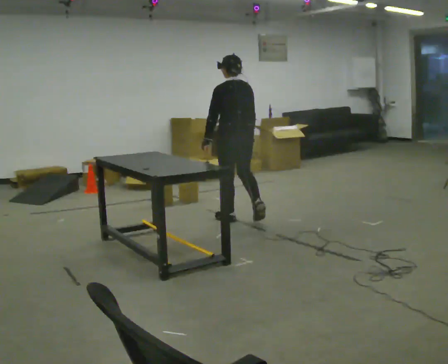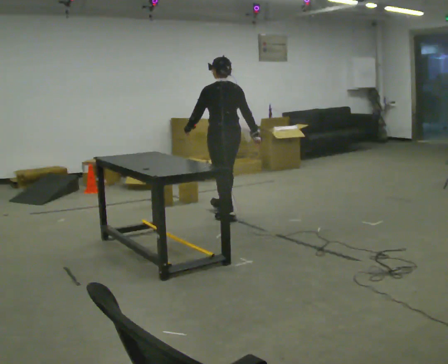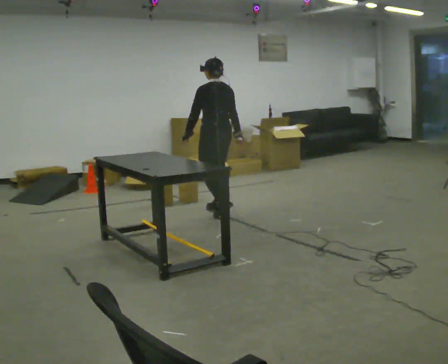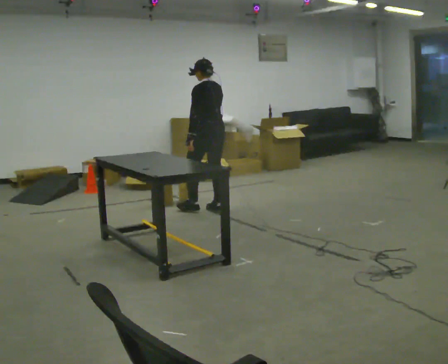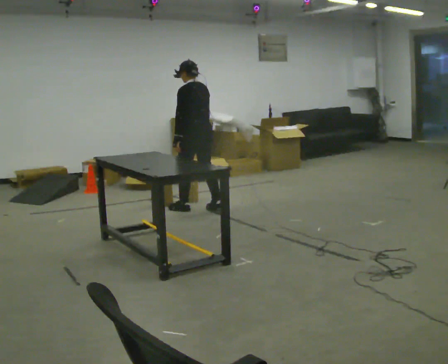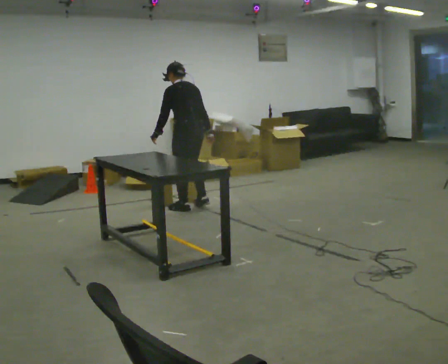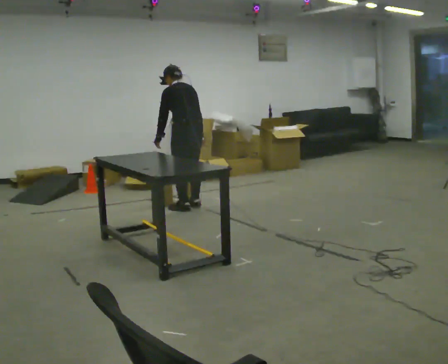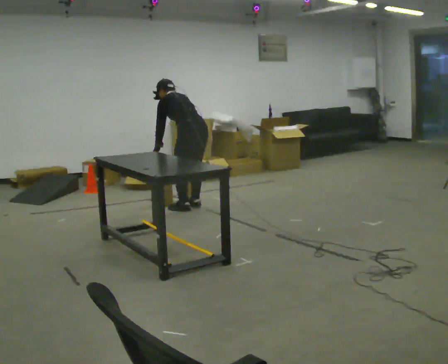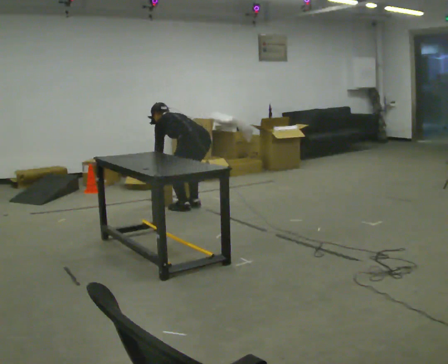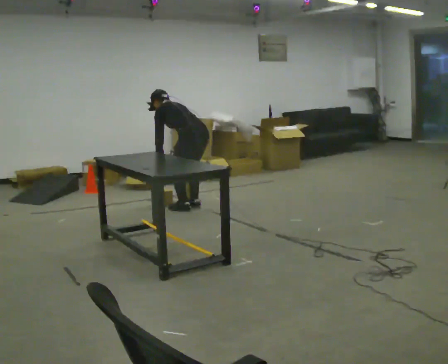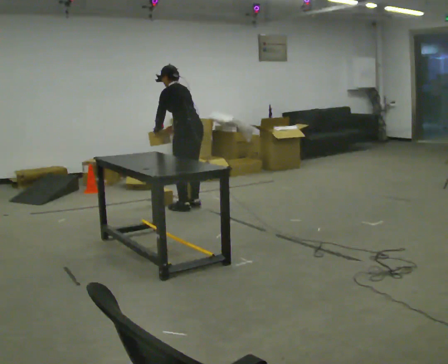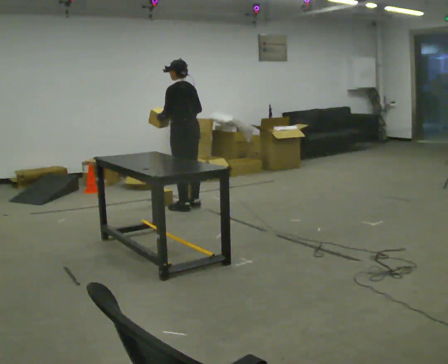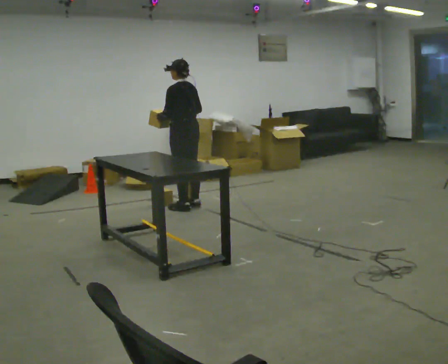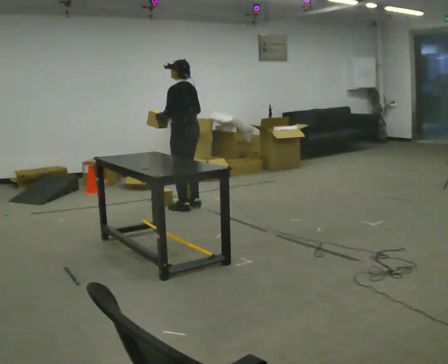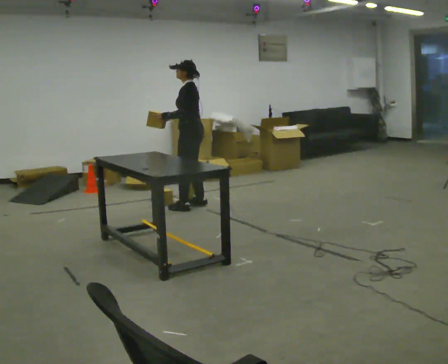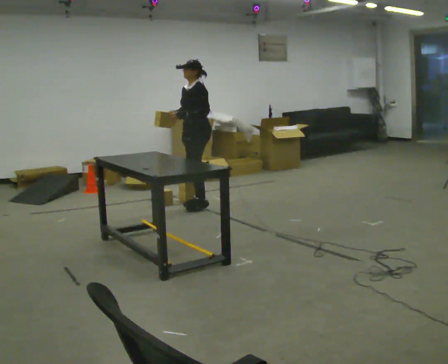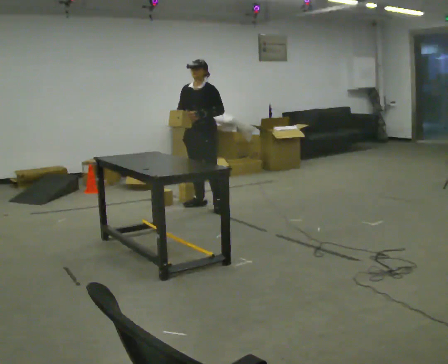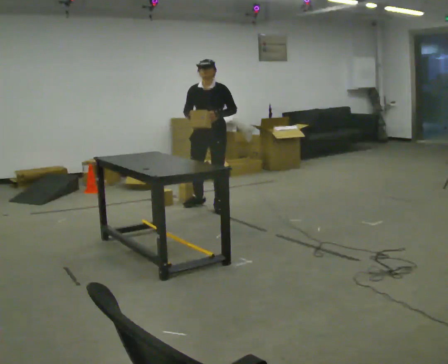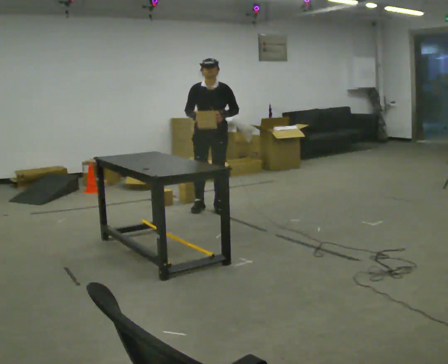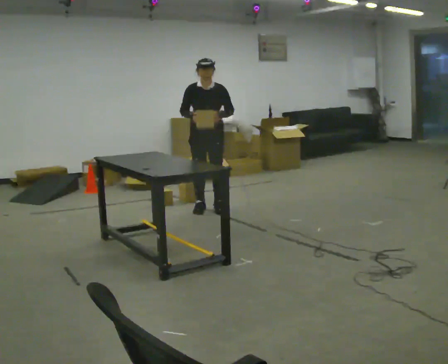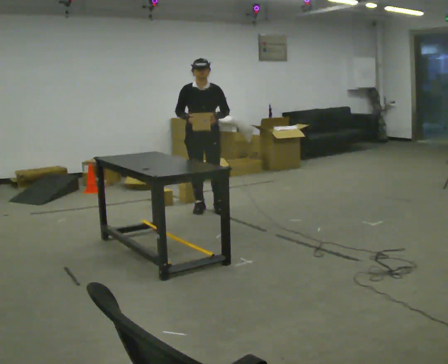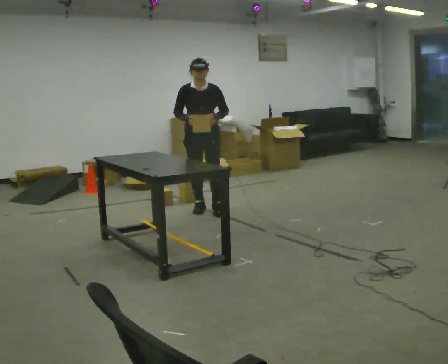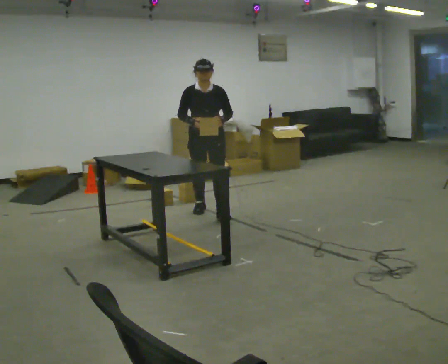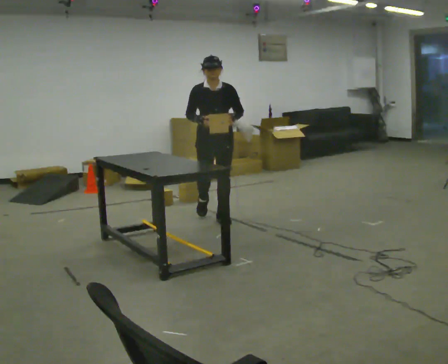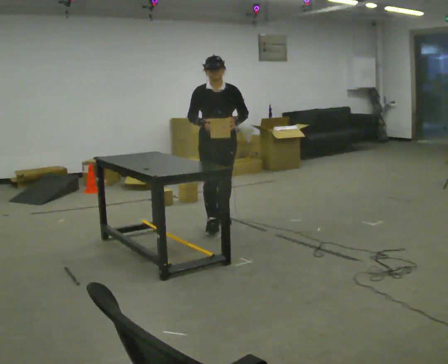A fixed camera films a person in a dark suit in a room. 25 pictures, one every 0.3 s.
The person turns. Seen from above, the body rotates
counterclockwise.
The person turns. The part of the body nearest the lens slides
to the right.
0.0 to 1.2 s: In the picture they go away from the camera and to the left, about 0.5 m in 2 steps, which for them is forward.
1.2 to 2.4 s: The upper body goes downward. In the picture the upper body tilts counterclockwise, shoulders to the left, as they bend forward. In the picture their right hand goes downward and to the left.
2.4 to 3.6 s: The upper body goes upward. In the picture the upper body tilts clockwise, shoulders to the right, as they lean back or straighten. In the picture their right hand goes upward.
3.6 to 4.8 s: The person turns about 90 degrees to their left, counterclockwise seen from above, so the part of the body nearest the lens slides to the right. In the picture they go to the right, about 0.25 m in 1 step.
4.8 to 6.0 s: The person turns about 30 degrees to their left, counterclockwise seen from above, so the part of the body nearest the lens slides to the right. In the picture they go toward the camera, about 0.25 m in 1 step, which for them is forward.
6.0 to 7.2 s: In the picture they go toward the camera, about 0.5 m in 1 step, which for them is forward.
The film runs forward here.
